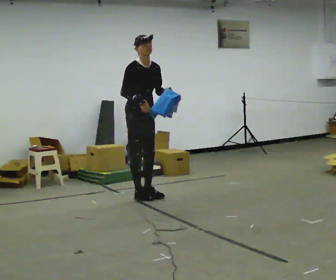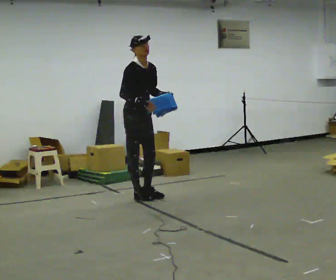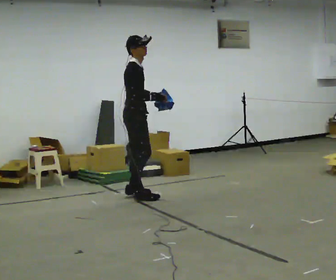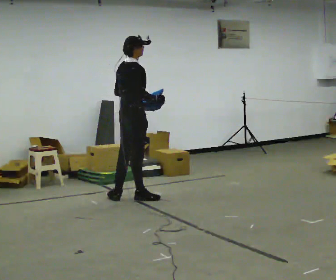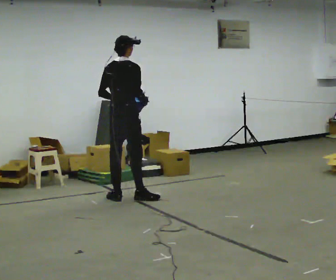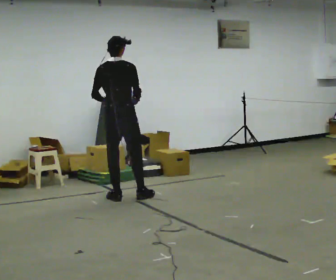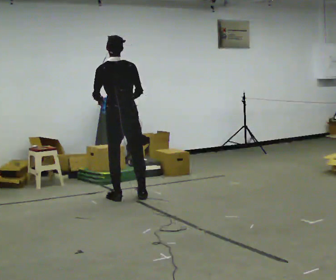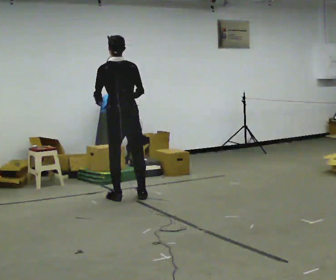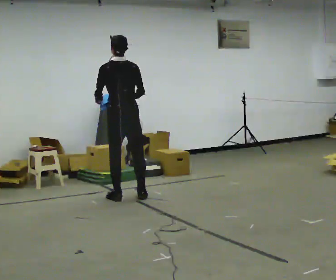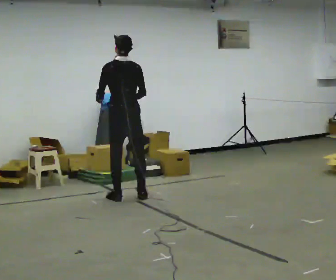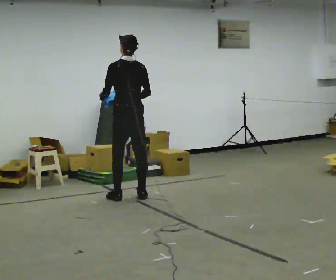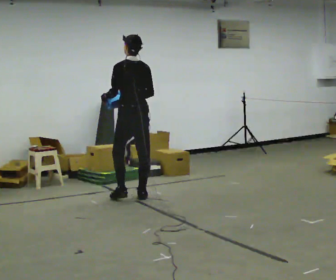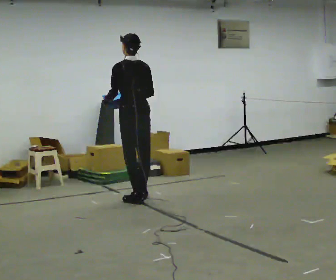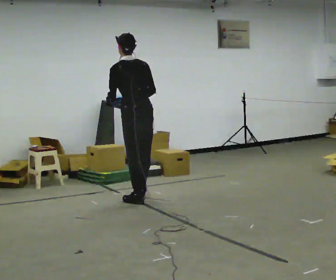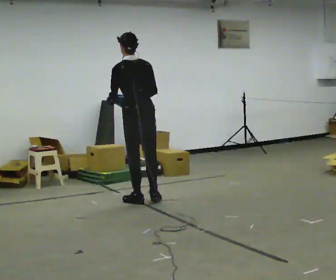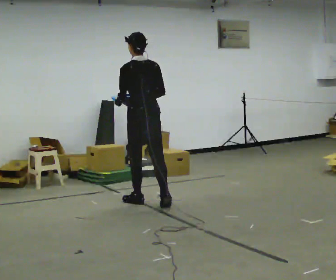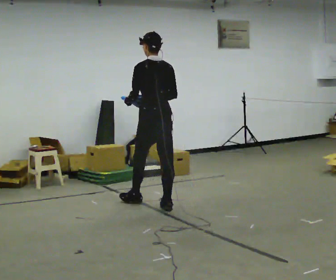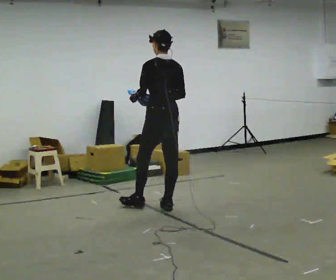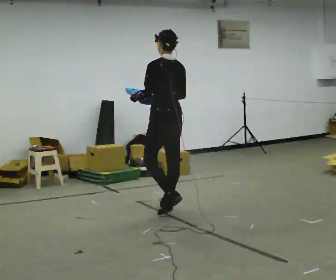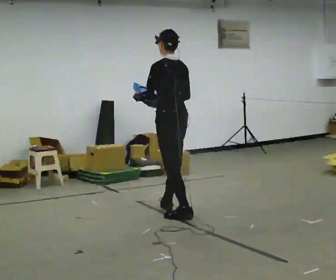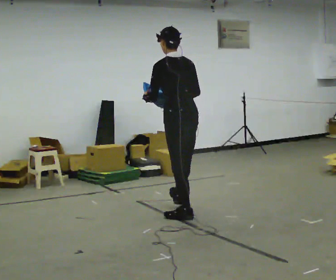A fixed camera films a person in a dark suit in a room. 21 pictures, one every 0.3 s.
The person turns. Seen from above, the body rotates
counterclockwise.
The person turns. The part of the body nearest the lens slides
to the right.
0.0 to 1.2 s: Seen from above the body turns counterclockwise, about 105 degrees: to their left, with its near side sliding to the right. In the picture they go toward the camera and to the left, about 0.25 m in 1 step. The upper body tips away from the camera, its near side rolling upward.
1.2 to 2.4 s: The person turns about 45 degrees to their left, counterclockwise seen from above, so the part of the body nearest the lens slides to the right.
2.4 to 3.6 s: The person moves a little, or ends about where they began.
3.6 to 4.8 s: In the picture they go toward the camera and to the right, about 0.25 m in 1 step, which for them is backward.
4.8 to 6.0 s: In the picture they go toward the camera and to the right, about 0.5 m in 2 steps, which for them is backward.
The film runs backward here.
